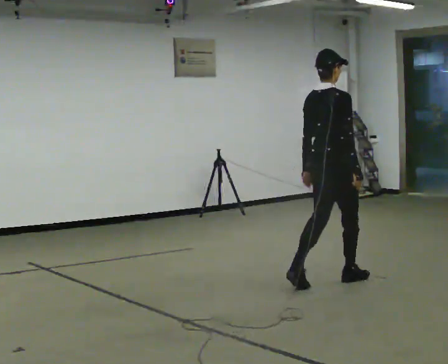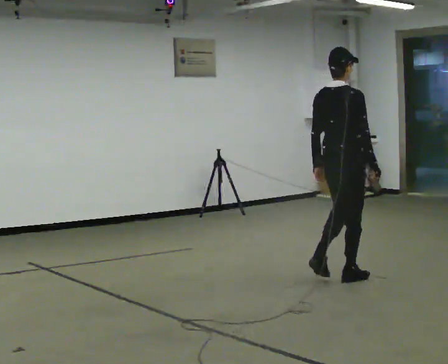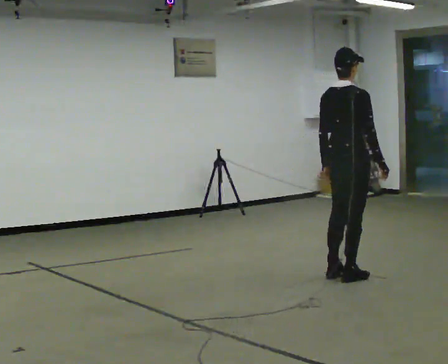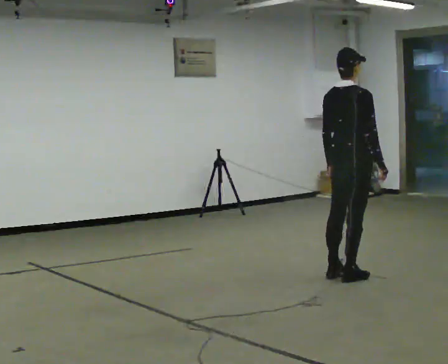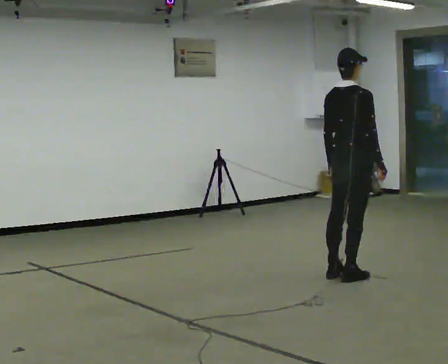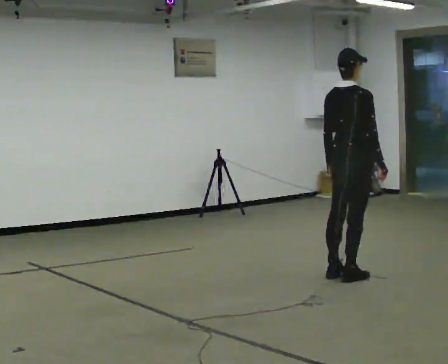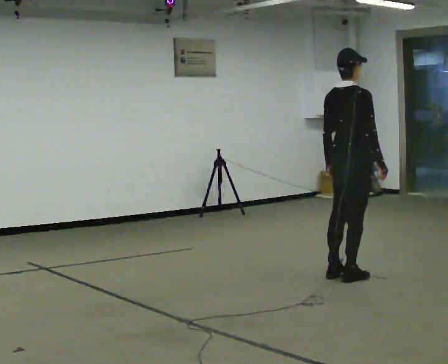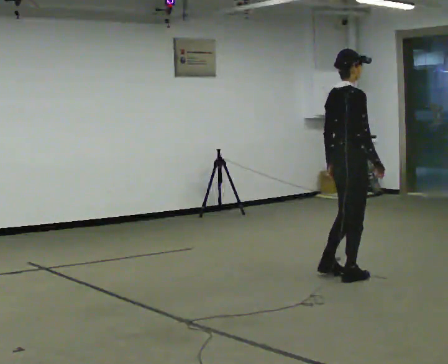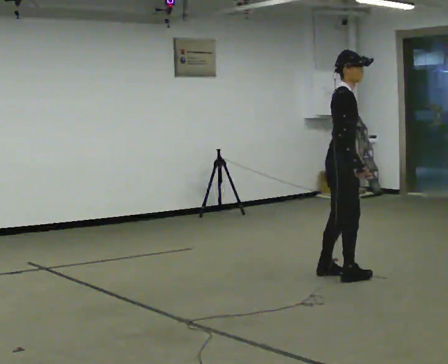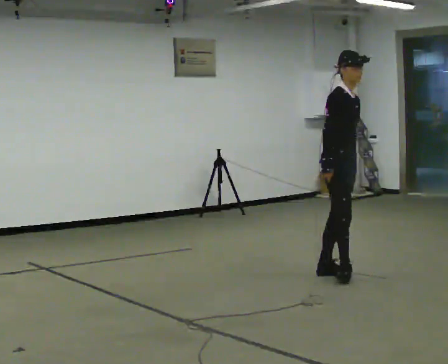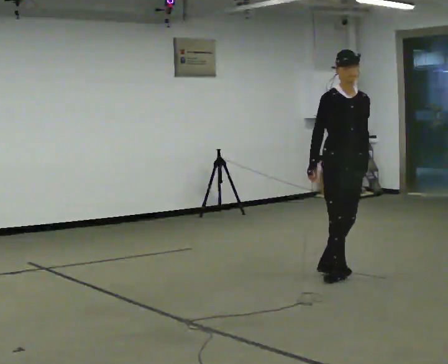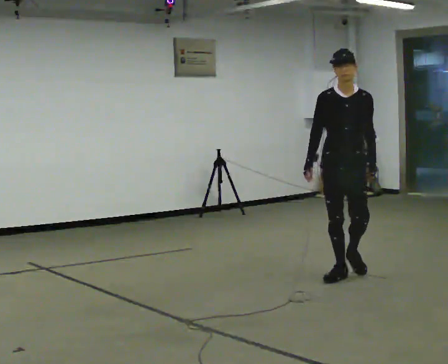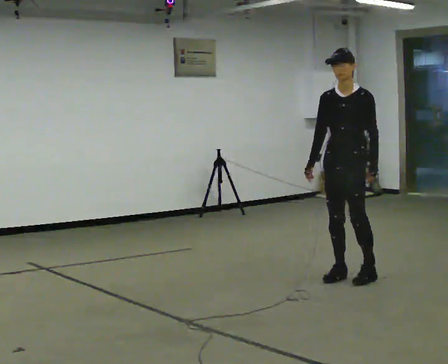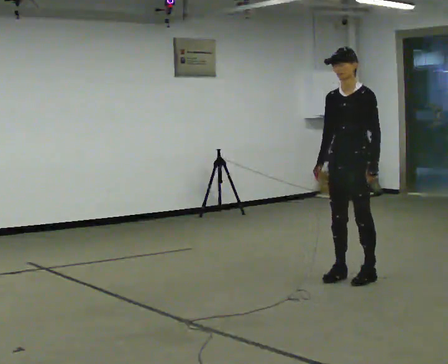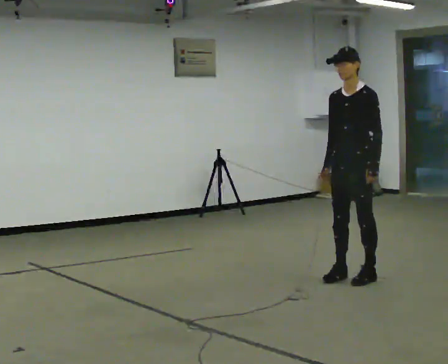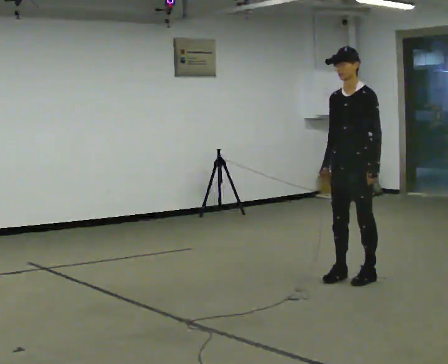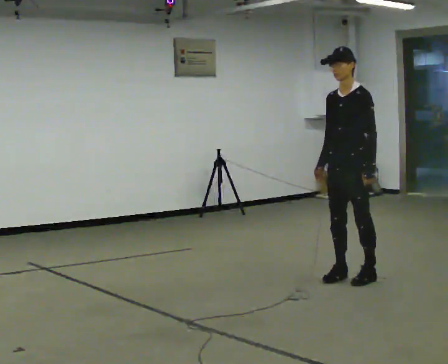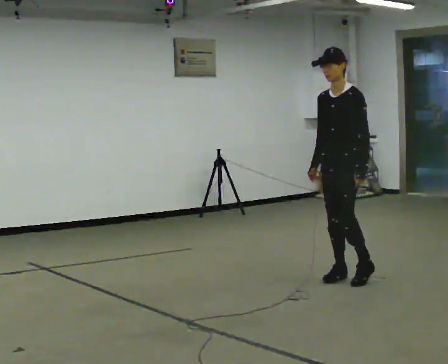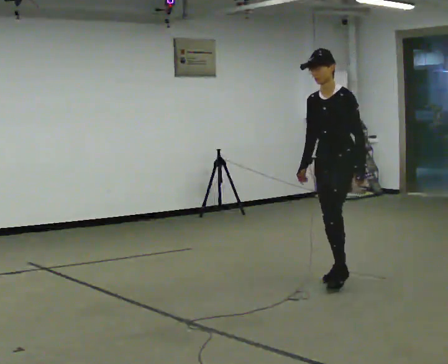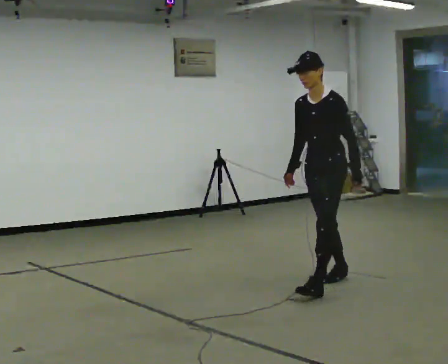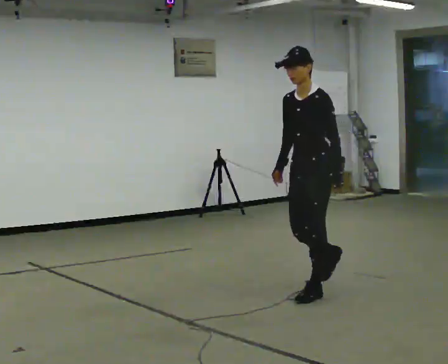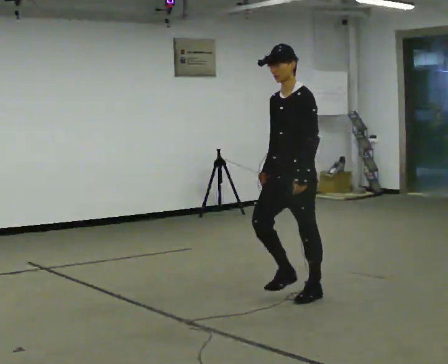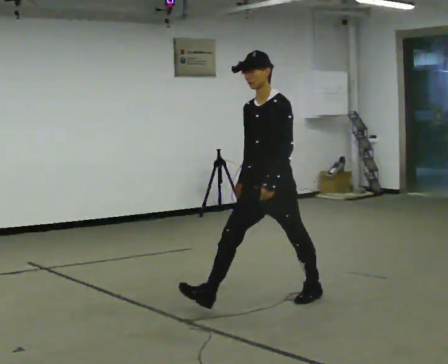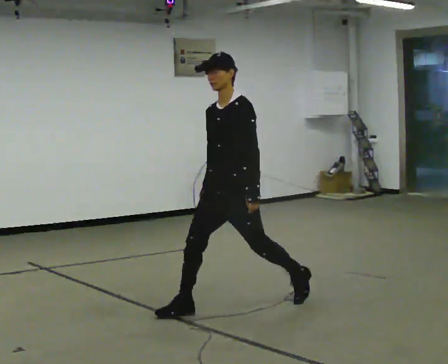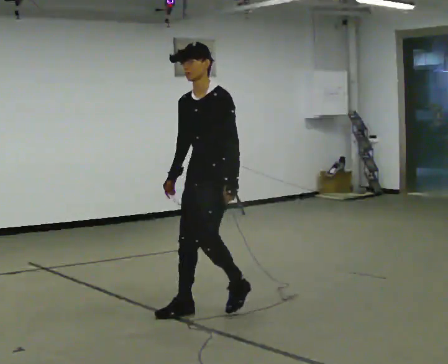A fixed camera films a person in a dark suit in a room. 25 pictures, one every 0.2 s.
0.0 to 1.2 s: In the picture they go away from the camera, about 0.25 m in 1 step, which for them is forward.
1.2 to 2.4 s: The person turns about 165 degrees to their right, clockwise seen from above, so the part of the body nearest the lens slides to the left. In the picture their right hand goes to the left, the arm swinging clockwise.
2.4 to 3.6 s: In the picture they go toward the camera, about 0.25 m in 1 step, which for them is forward.
3.6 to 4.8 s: In the picture they go to the left and toward the camera, about 1 m in 2 steps, which for them is forward.
The film runs forward here.
